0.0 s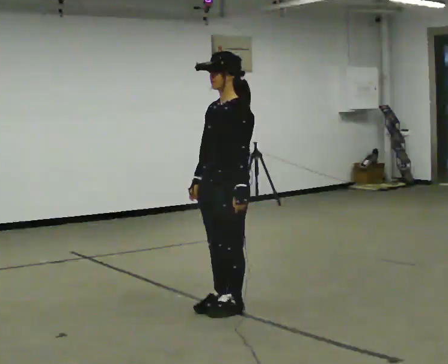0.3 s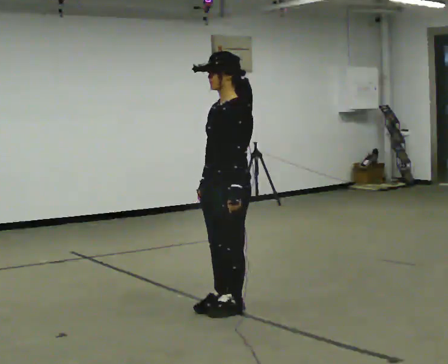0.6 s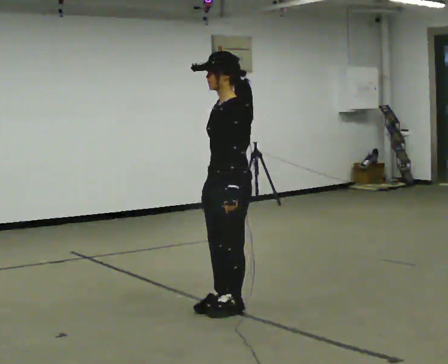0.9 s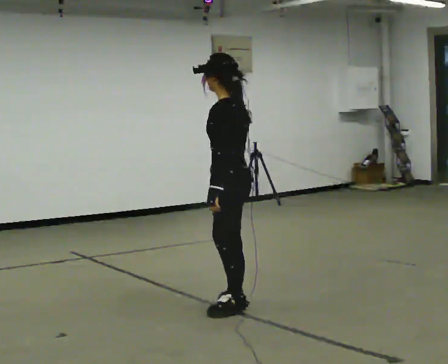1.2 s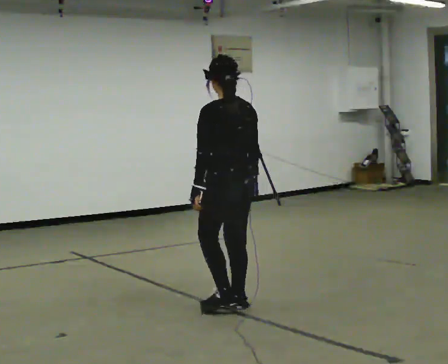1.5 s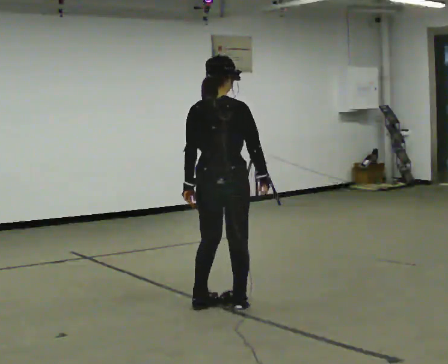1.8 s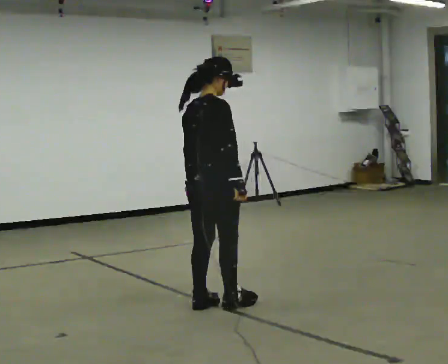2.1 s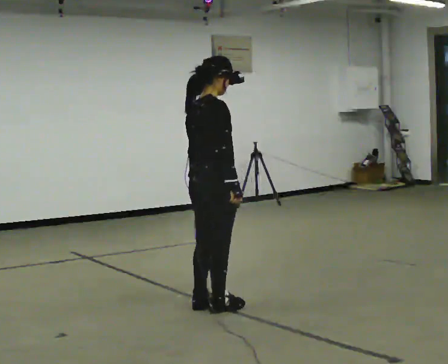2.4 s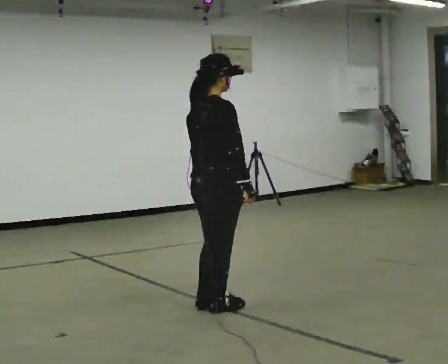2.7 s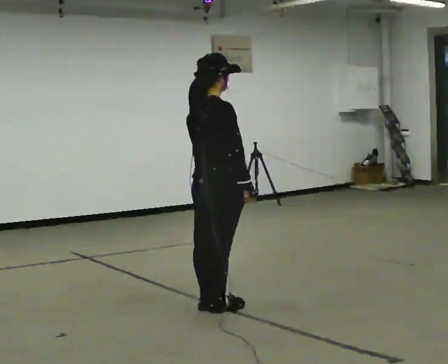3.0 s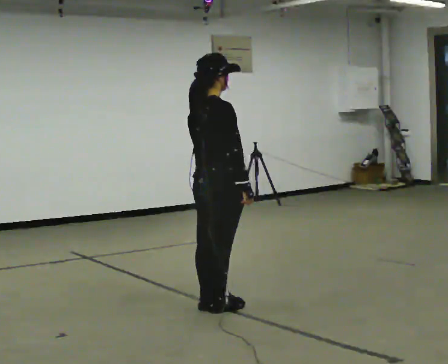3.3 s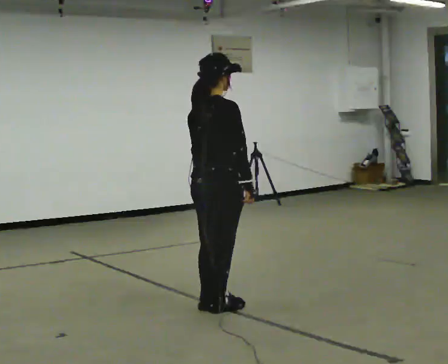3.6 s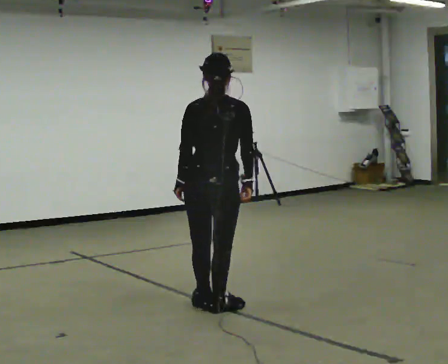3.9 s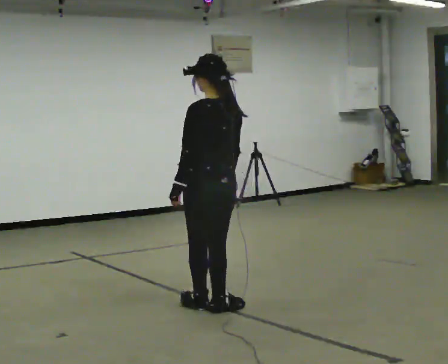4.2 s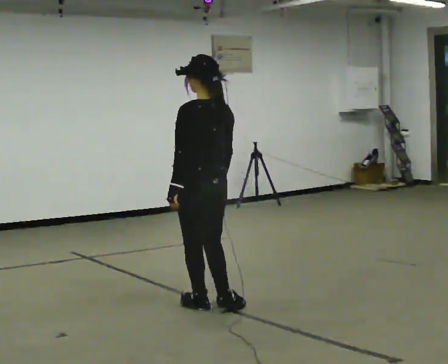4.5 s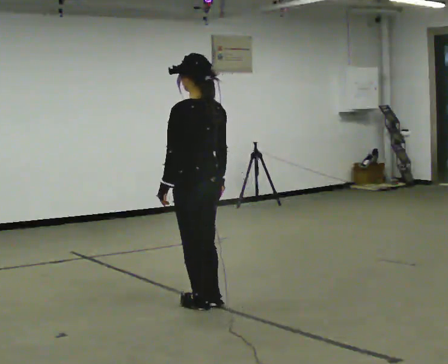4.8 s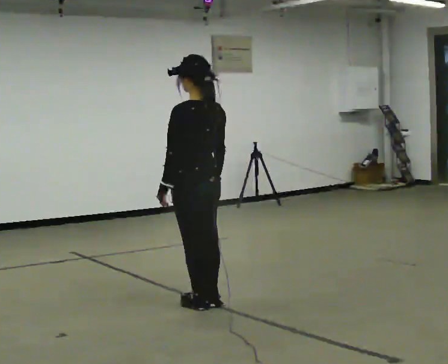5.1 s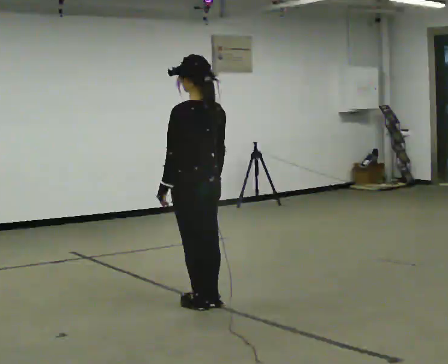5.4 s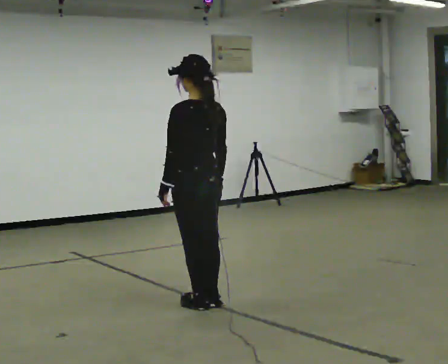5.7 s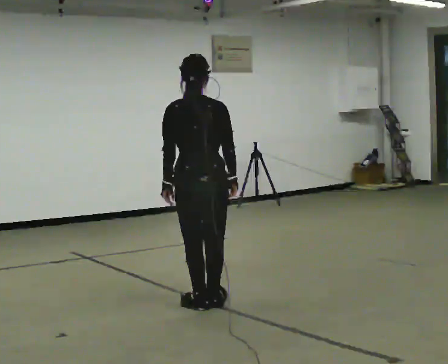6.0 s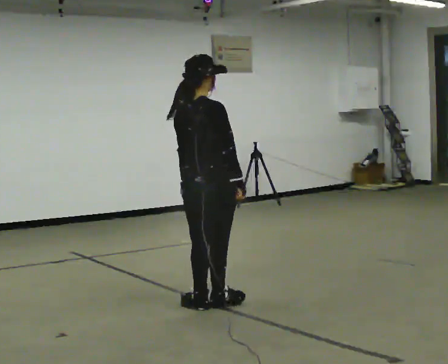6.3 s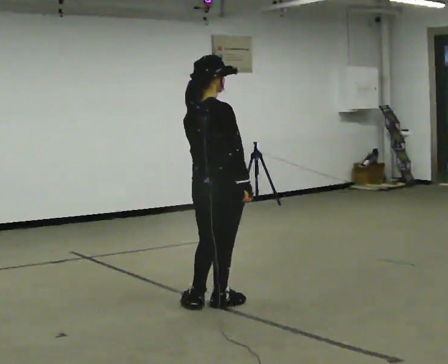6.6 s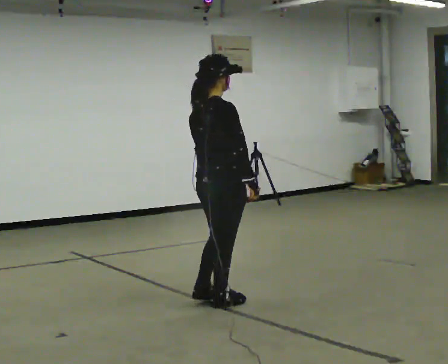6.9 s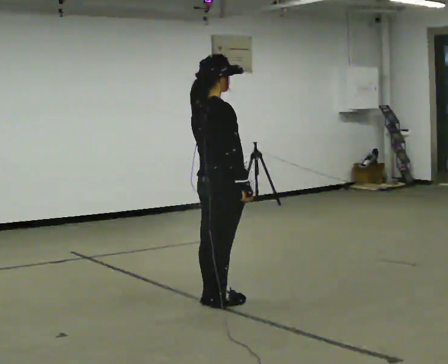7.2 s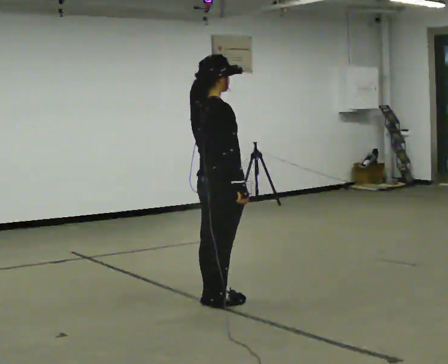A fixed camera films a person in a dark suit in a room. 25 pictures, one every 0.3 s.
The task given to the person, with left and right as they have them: Turn on the spot to face the direction the operator calls, then stand still. The operator will call 90, 180 and 360 degrees and left or right.
0.0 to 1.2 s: The part of the body nearest the lens slides to the left as the person turns to their right by about 90 degrees. In the picture their right hand goes to the right.
1.2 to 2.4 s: The person turns about 90 degrees to their right, clockwise seen from above, so the part of the body nearest the lens slides to the left.
2.4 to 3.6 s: Seen from above the body turns counterclockwise, about 60 degrees: to their left, with its near side sliding to the right.
3.6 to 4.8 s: Seen from above the body turns counterclockwise, about 45 degrees: to their left, with its near side sliding to the right.
4.8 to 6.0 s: The part of the body nearest the lens slides to the left as the person turns to their right by about 75 degrees.
6.0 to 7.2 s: The part of the body nearest the lens slides to the left as the person turns to their right by about 30 degrees.
The film runs forward here.
